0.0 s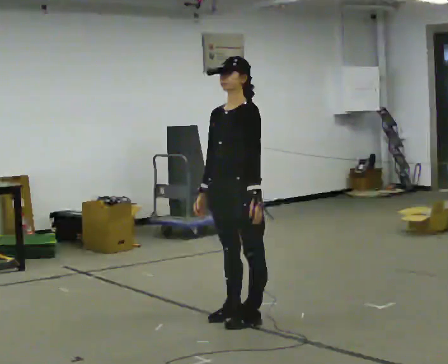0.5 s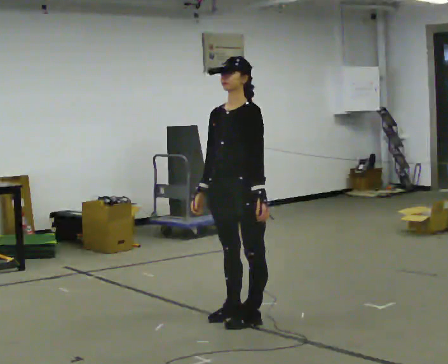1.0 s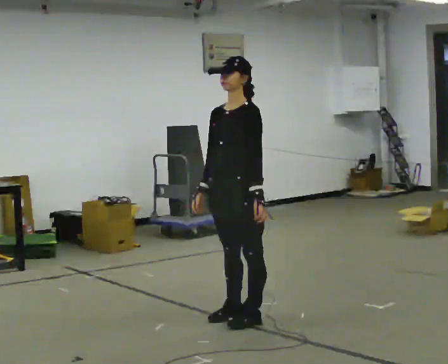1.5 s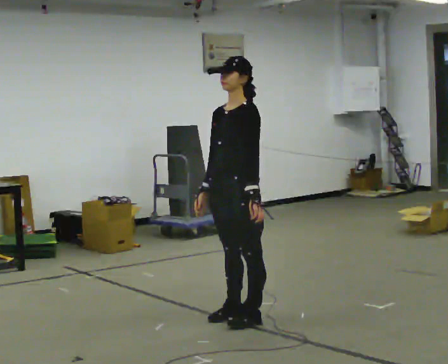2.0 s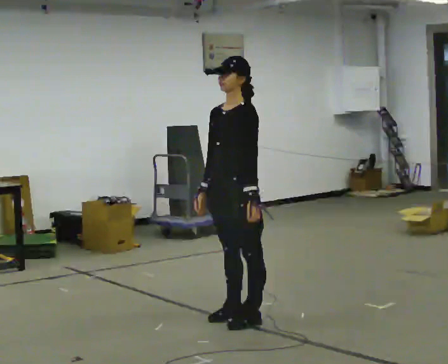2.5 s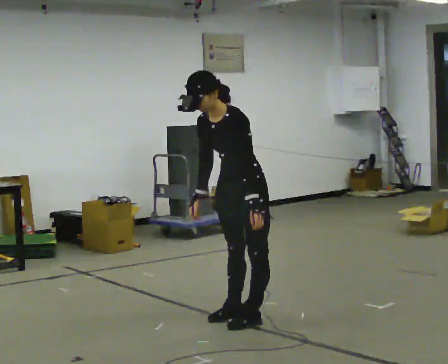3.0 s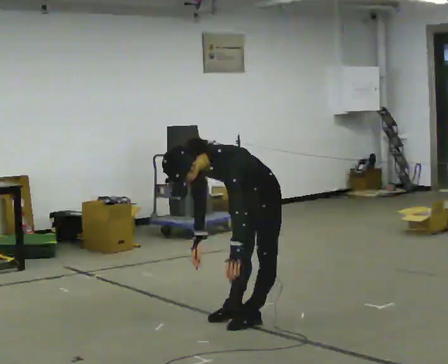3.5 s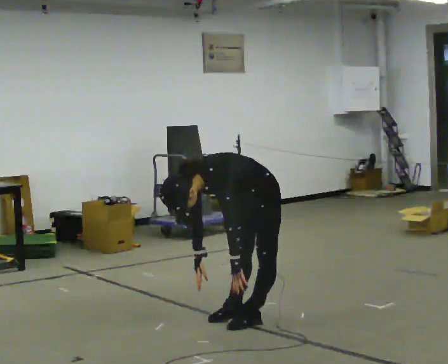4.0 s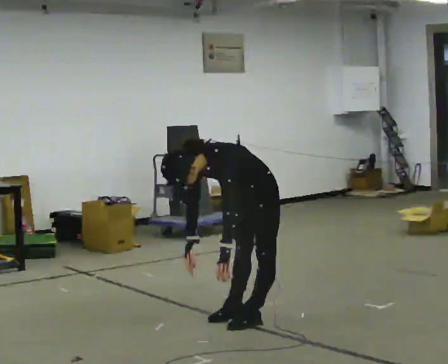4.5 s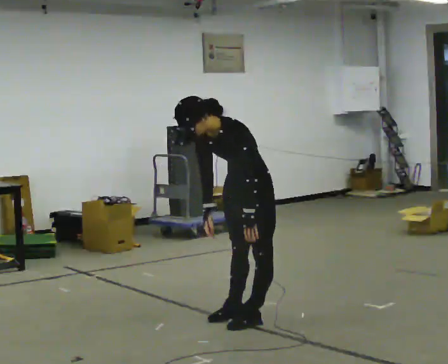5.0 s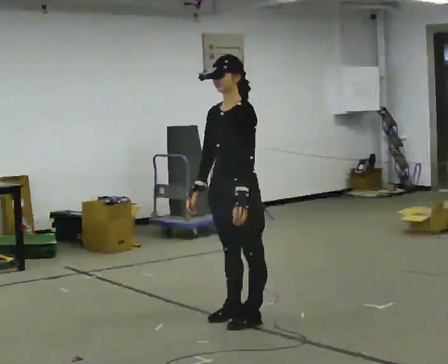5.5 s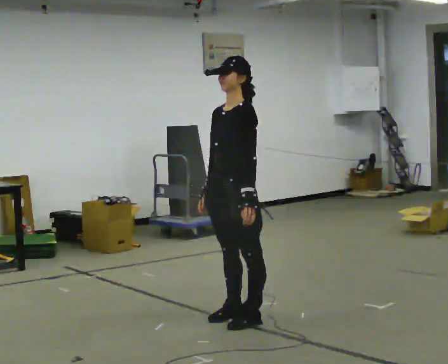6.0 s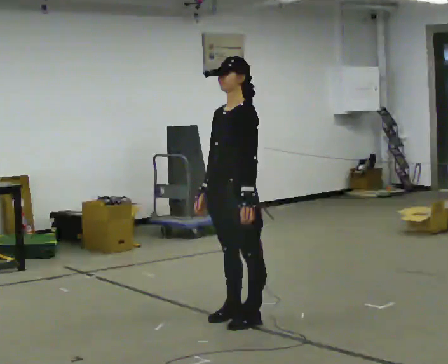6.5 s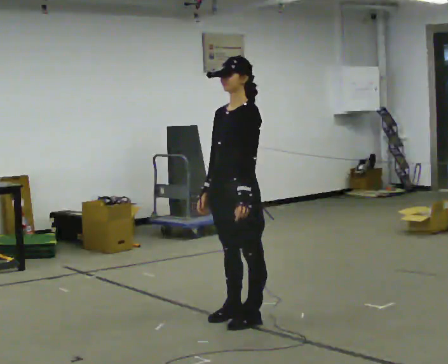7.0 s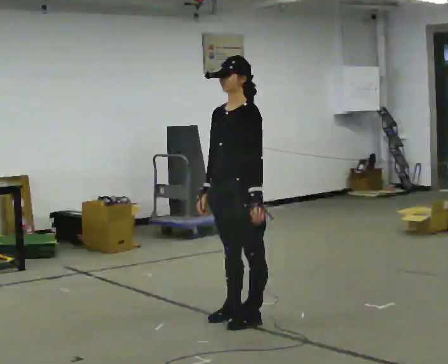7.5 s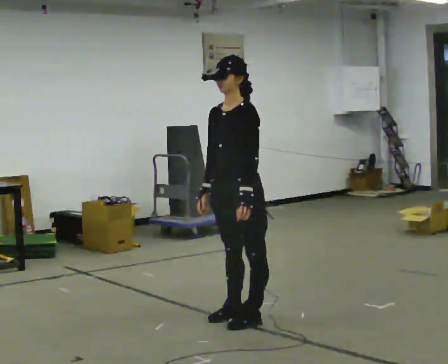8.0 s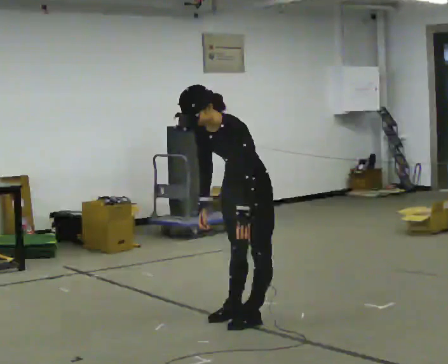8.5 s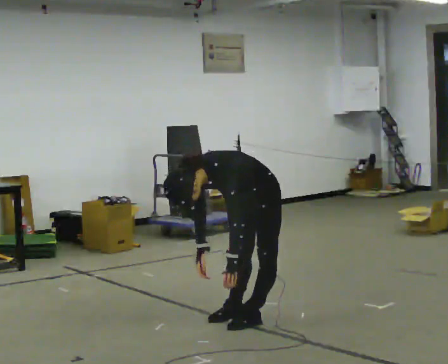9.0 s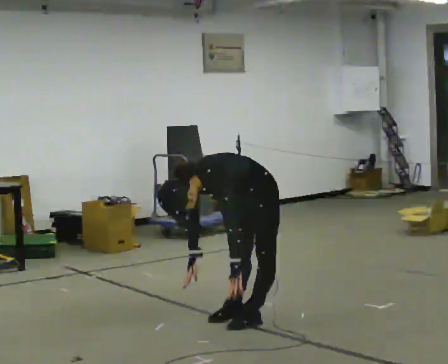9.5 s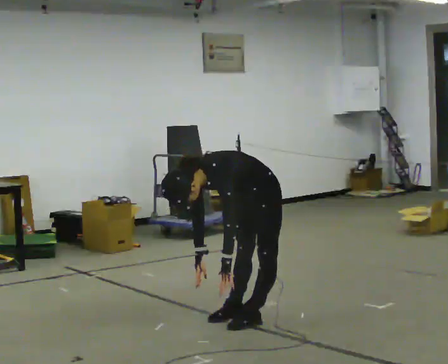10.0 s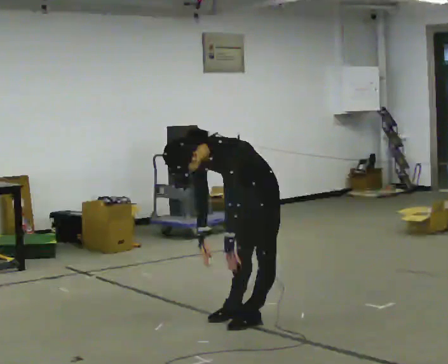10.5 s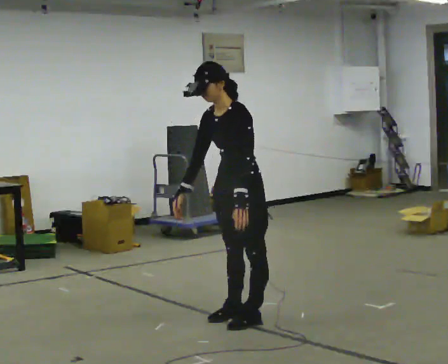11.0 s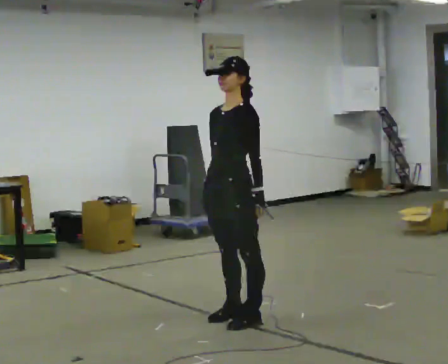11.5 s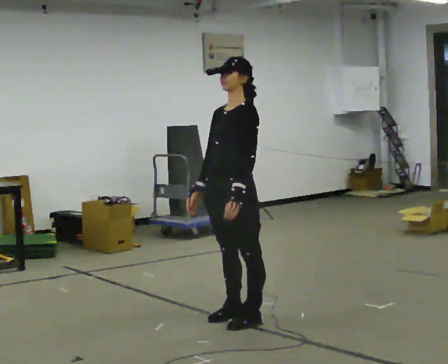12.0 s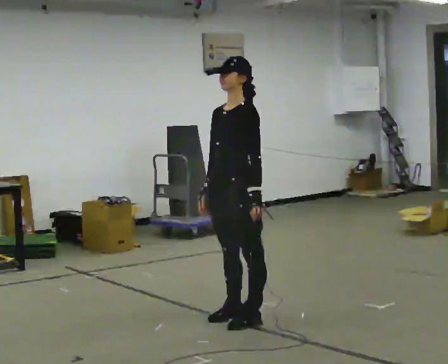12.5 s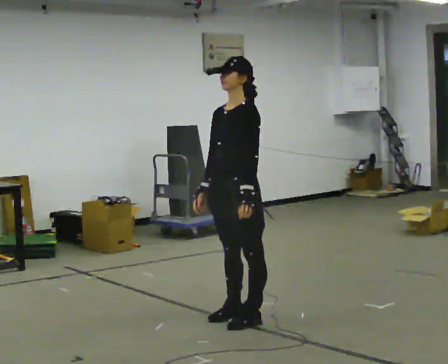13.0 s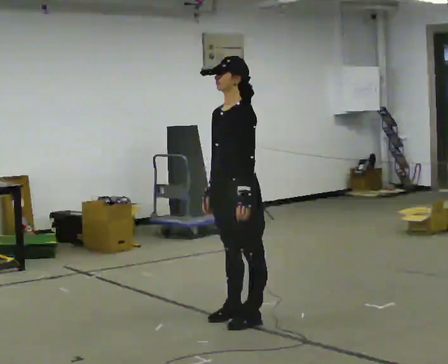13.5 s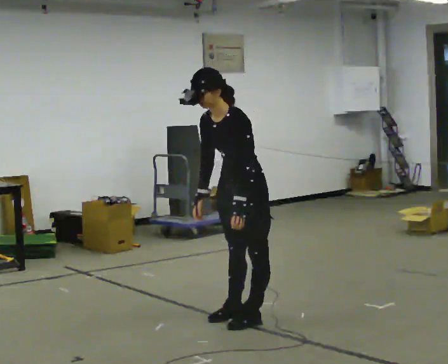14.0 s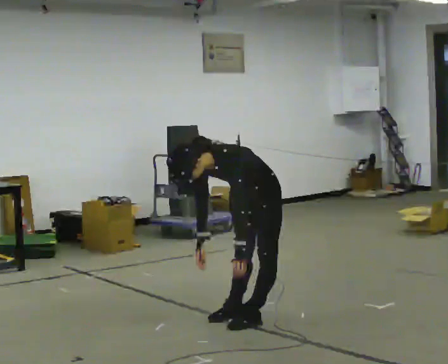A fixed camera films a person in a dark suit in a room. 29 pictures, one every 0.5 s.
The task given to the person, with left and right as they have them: Keeping your feet still, reach down toward the floor in front and to each side, then return to standing. Repeat the movement at your own pace until the operator says stop; do not rush.
0.0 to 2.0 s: The person moves a little, or ends about where they began.
2.0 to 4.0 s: In the picture their left hand goes downward.
4.0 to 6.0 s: The shoulders move upward. In the picture the upper body tilts clockwise, shoulders to the right, as they lean back or straighten. In the picture their left hand goes upward.
6.0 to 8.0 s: In the picture the upper body tilts counterclockwise, shoulders to the left, as they bend forward.
8.0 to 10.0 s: The person moves a little, or ends about where they began.
10.0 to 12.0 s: The shoulders move upward. In the picture the upper body tilts clockwise, shoulders to the right, as they lean back or straighten.
12.0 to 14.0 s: The upper body goes downward. The upper body tips toward the camera, its near side rolling downward, as they bend forward. In the picture their left hand goes downward.
The film runs forward here.
